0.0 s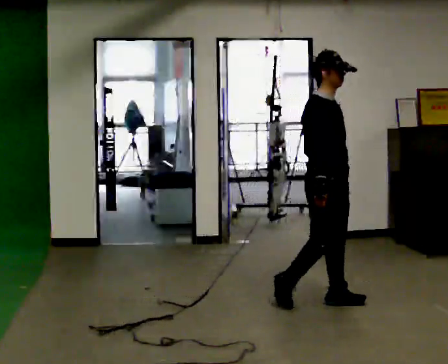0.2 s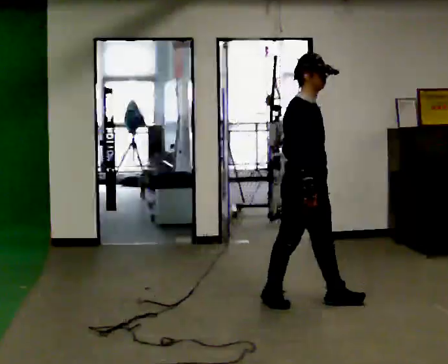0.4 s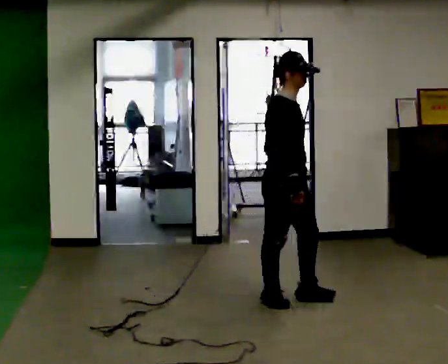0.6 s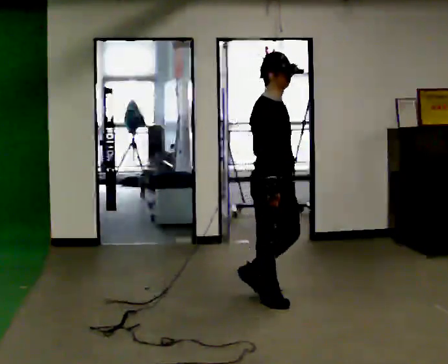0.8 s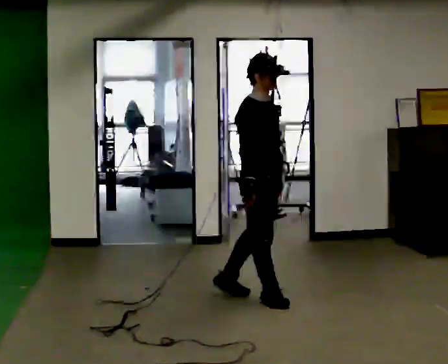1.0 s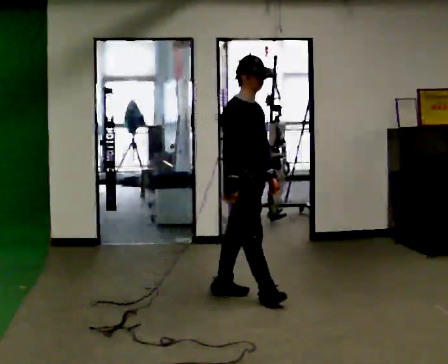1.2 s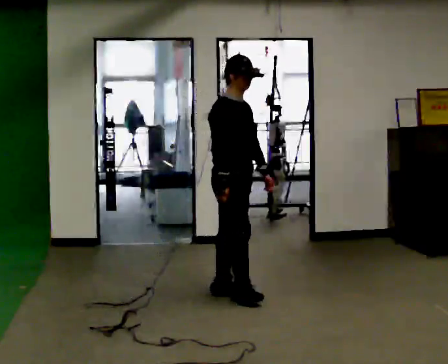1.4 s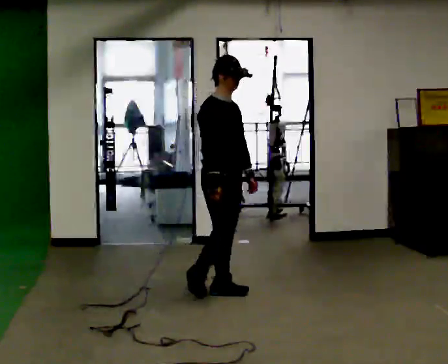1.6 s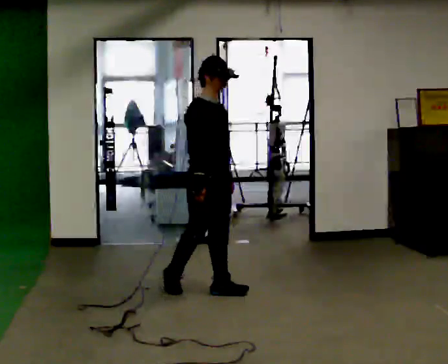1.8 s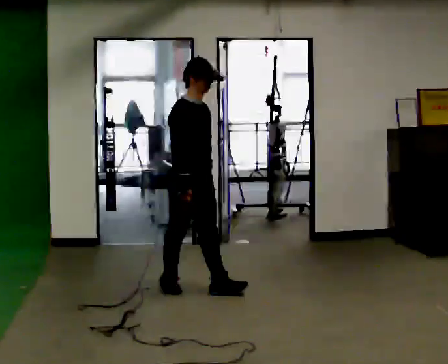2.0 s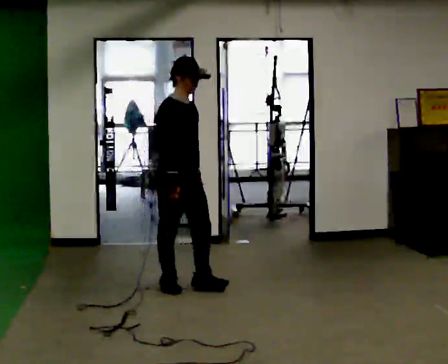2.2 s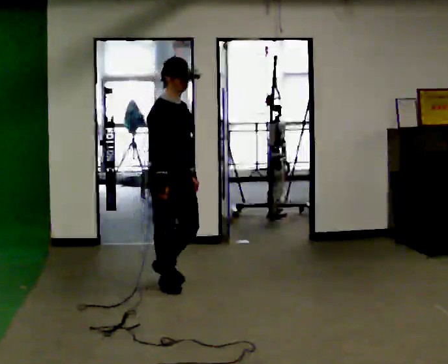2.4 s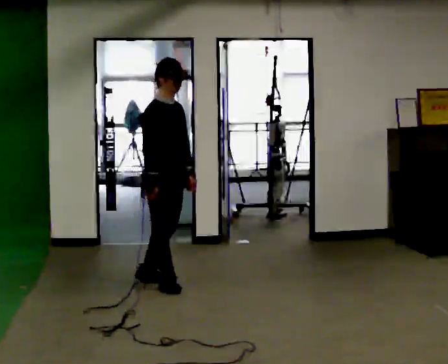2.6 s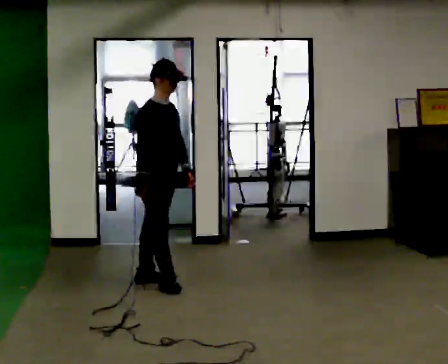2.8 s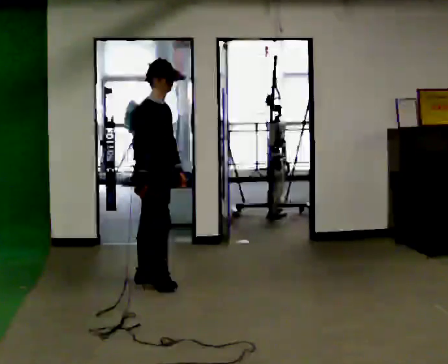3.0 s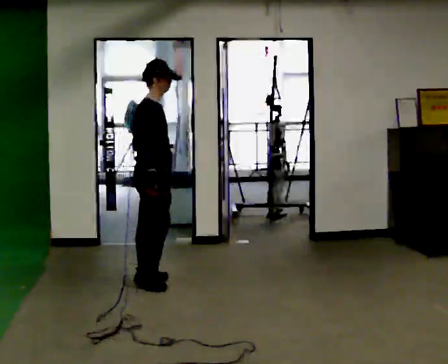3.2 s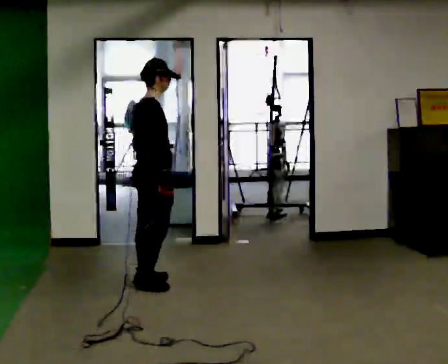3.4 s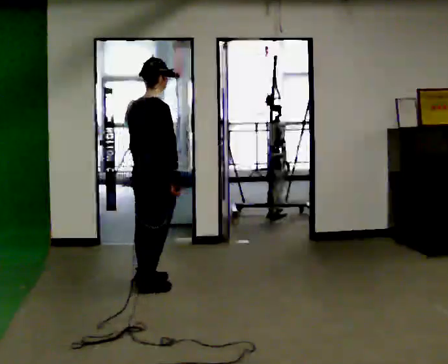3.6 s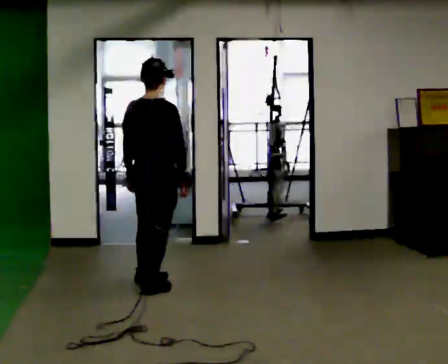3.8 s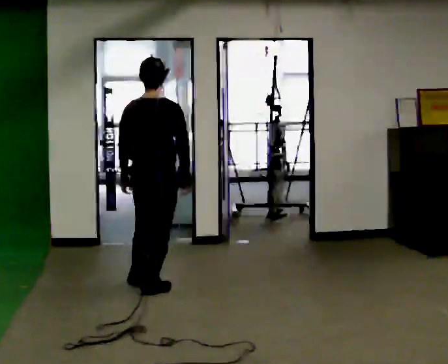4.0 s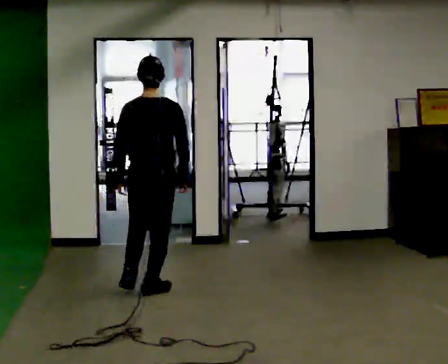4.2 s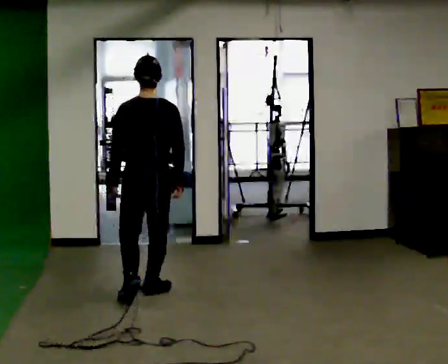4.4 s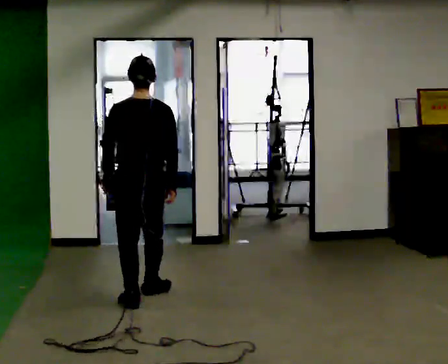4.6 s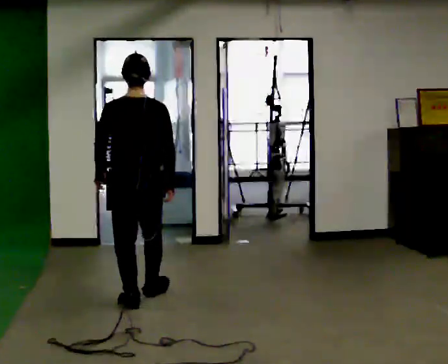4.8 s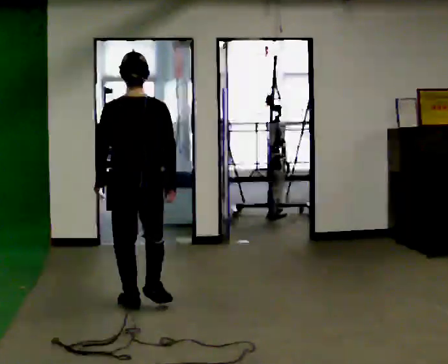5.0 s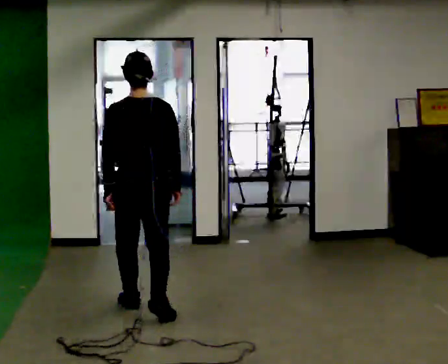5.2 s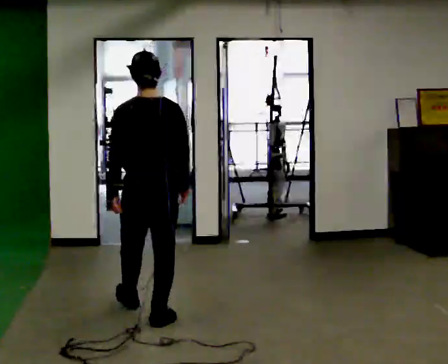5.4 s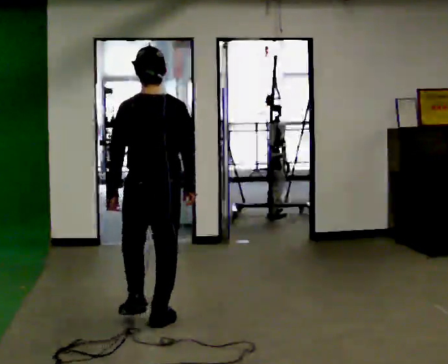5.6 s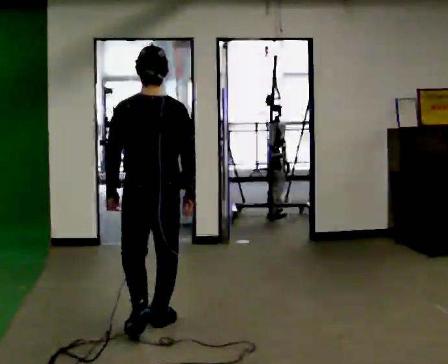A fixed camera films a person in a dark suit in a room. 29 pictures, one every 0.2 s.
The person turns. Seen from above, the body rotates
counterclockwise.
The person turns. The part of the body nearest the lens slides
to the right.
0.0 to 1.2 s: In the picture they go to the left and away from the camera, about 0.5 m in 2 steps, which for them is backward.
1.2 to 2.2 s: In the picture they go to the left and away from the camera, about 0.5 m in 1 step, which for them is backward.
2.2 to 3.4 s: The part of the body nearest the lens slides to the right as the person turns to their left by about 60 degrees. In the picture they go away from the camera, about 0.25 m in 1 step. In the picture their left hand goes to the left.
3.4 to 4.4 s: The part of the body nearest the lens slides to the right as the person turns to their left by about 75 degrees. In the picture they go toward the camera, about 0.5 m in 1 step.
4.4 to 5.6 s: In the picture they go toward the camera, about 0.5 m in 2 steps, which for them is backward.
The film runs backward here.
